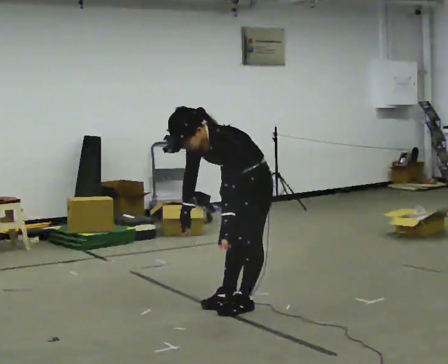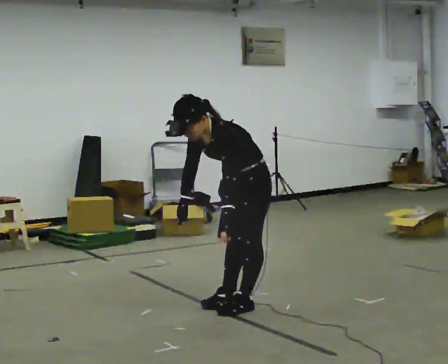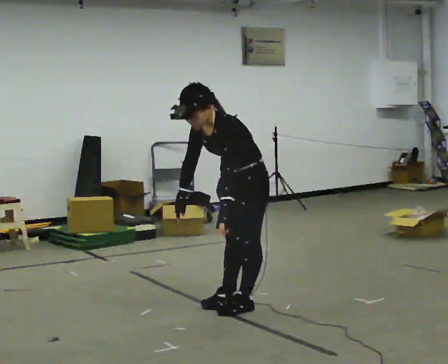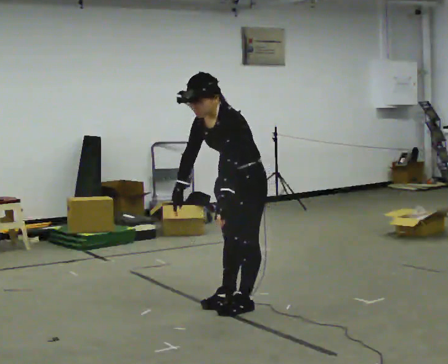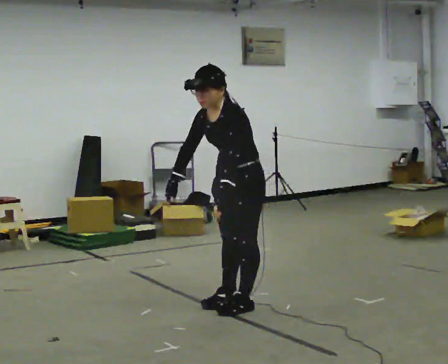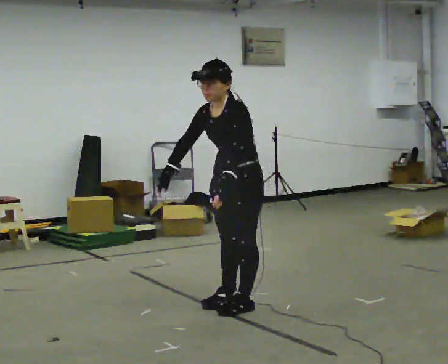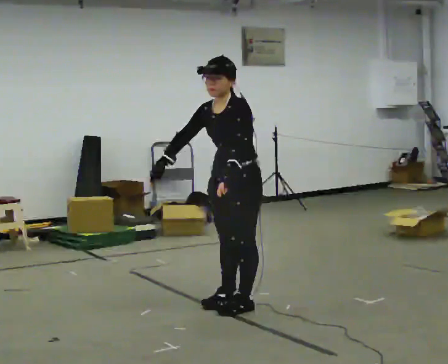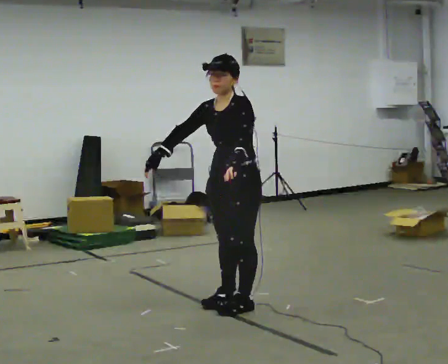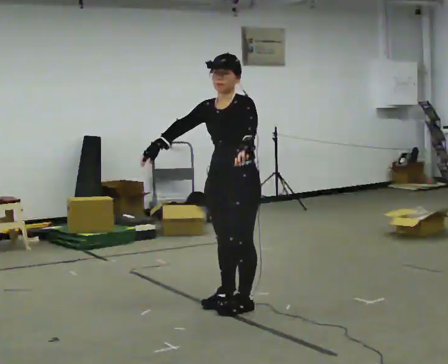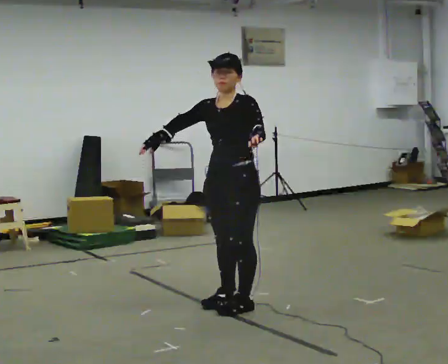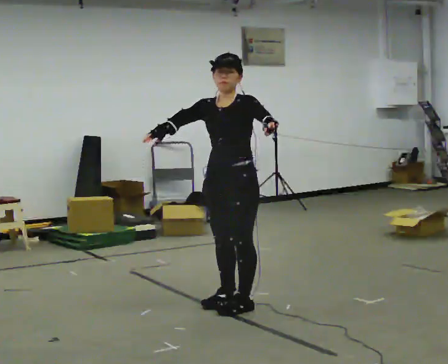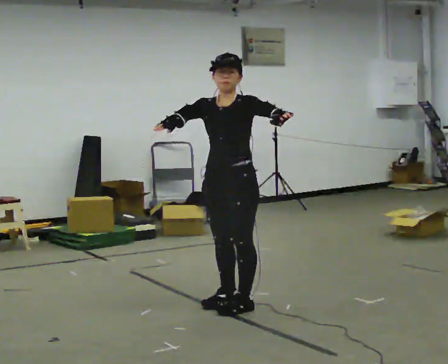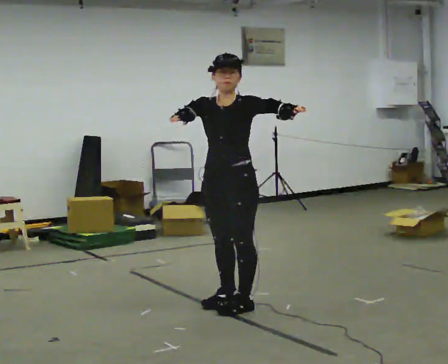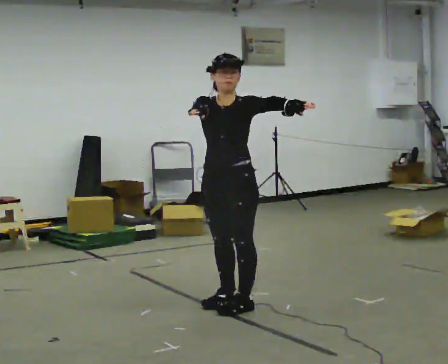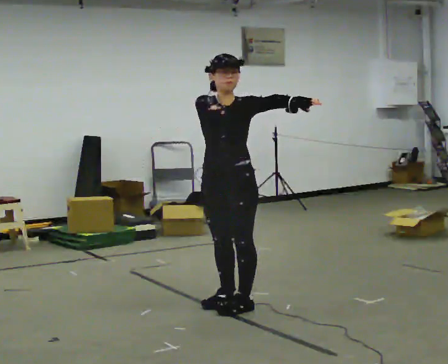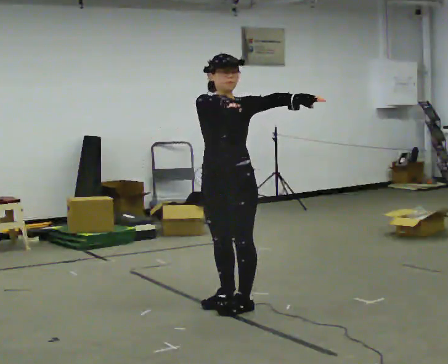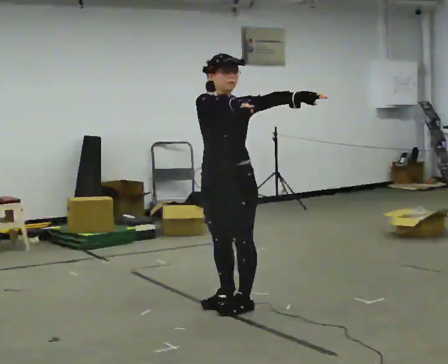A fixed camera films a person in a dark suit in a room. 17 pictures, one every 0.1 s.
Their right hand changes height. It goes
upward.
Their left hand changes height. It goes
upward.
0.0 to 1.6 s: The part of the body nearest the lens slides to the right as the person turns to their left by about 45 degrees. In the picture they go to the left, about 0.25 m, which for them is forward. The upper body goes upward. The upper body tips away from the camera, its near side rolling upward, as they lean back or straighten. In the picture their right hand goes upward and to the right.
The film runs forward here.
